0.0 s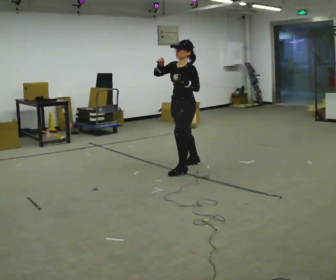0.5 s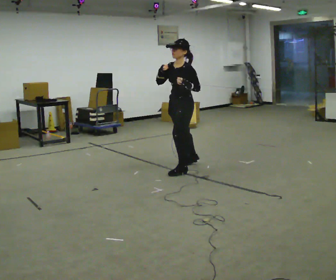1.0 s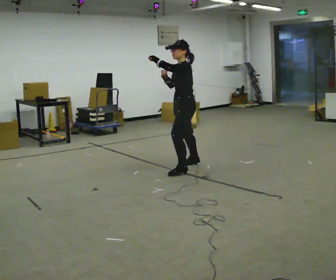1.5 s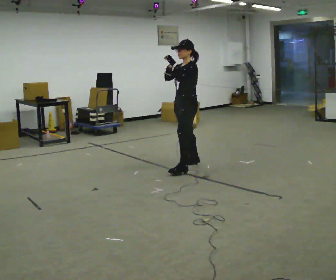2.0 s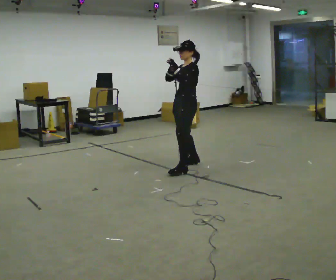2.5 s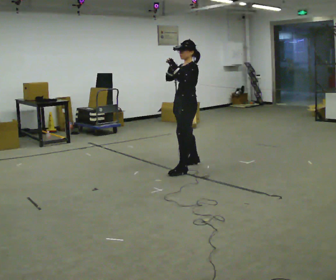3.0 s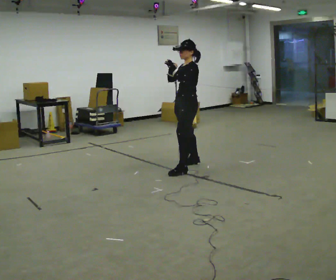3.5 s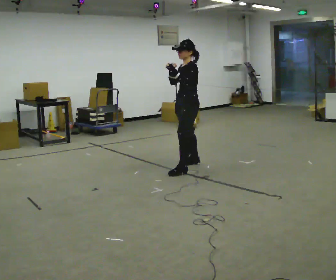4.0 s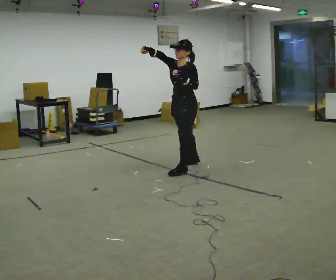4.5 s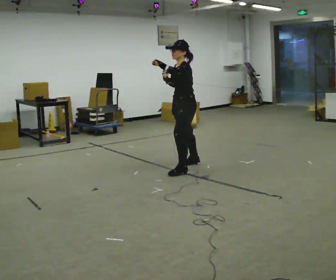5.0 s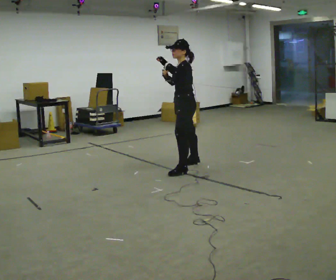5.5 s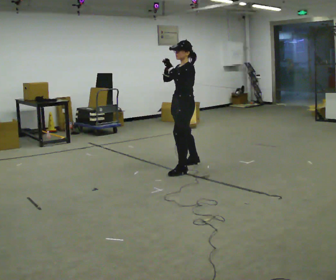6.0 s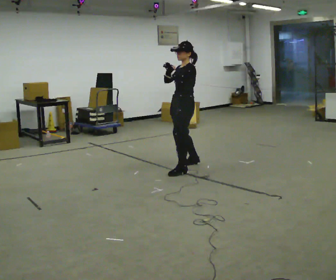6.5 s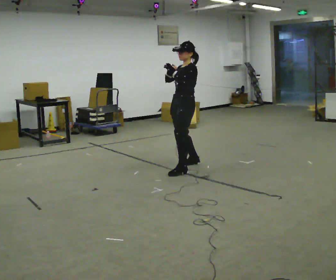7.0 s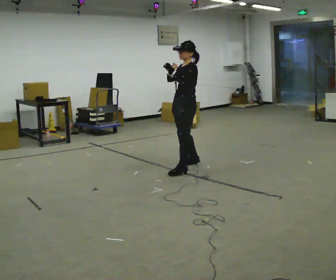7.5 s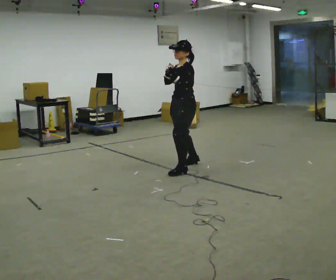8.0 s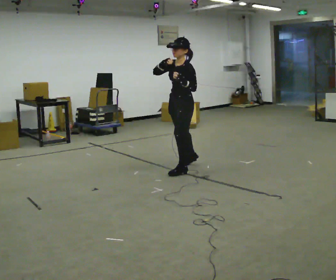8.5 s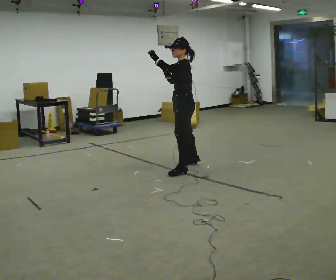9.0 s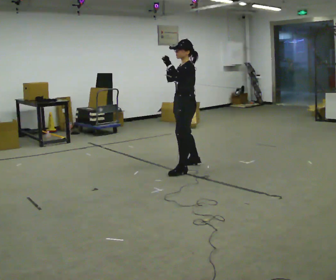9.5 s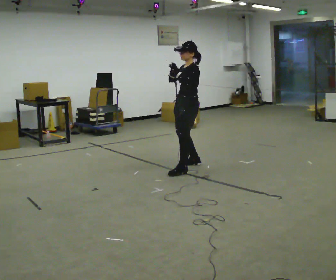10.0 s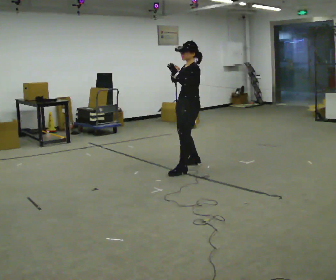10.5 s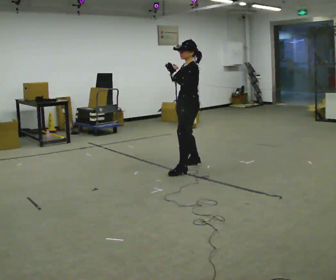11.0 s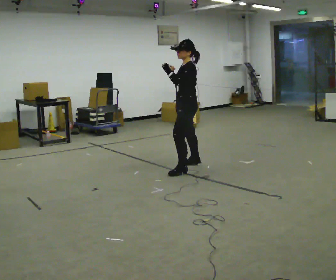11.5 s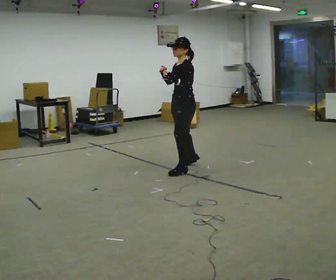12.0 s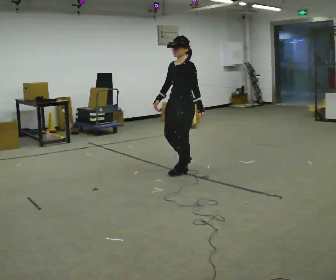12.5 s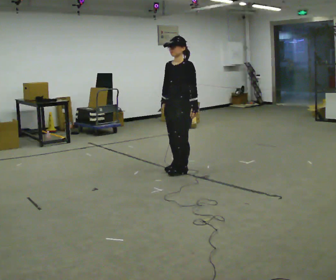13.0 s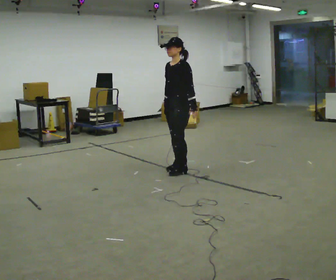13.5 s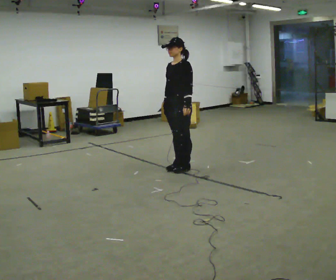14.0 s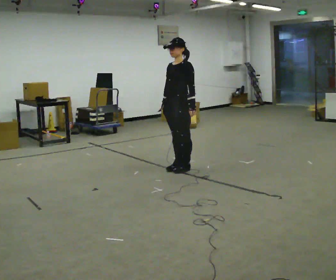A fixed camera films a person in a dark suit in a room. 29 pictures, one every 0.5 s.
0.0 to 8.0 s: The person moves a little, or ends about where they began.
8.0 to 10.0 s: In the picture they go away from the camera, about 0.25 m, which for them is to their right.
10.0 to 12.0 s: In the picture they go toward the camera, about 0.25 m, which for them is to their left. In the picture their left hand goes downward.
12.0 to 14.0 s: The person moves a little, or ends about where they began.
The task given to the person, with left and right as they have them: Perform a slow martial arts form (https://youtu.be/ZMi83SPAP1Q?si=p1_31d3YaodeQQZT); kicks should be slow
The film runs forward here.
